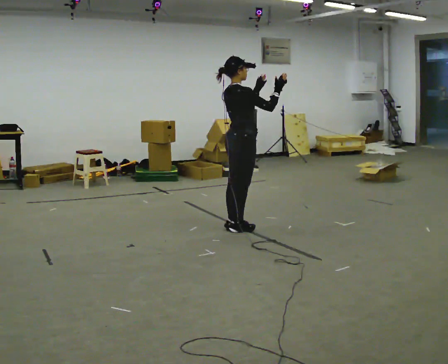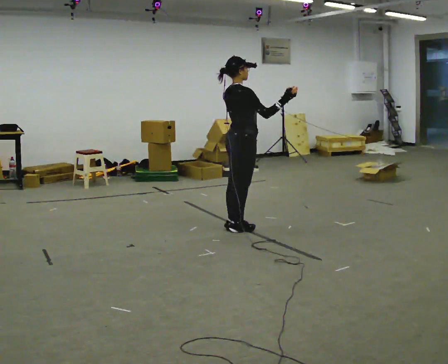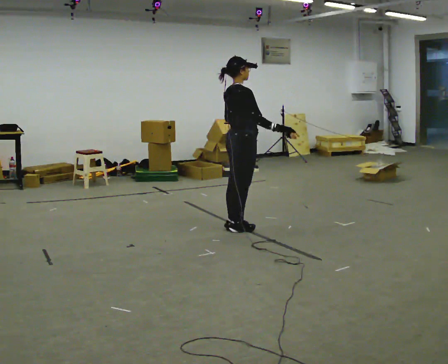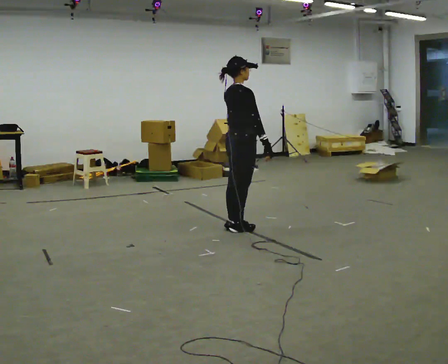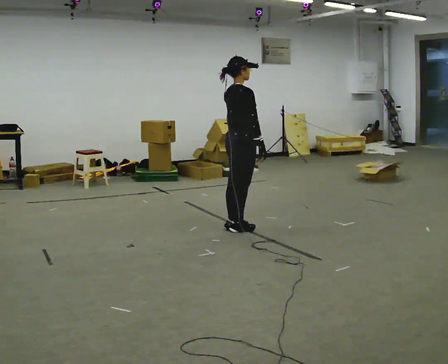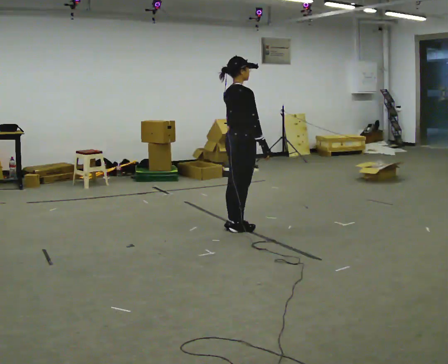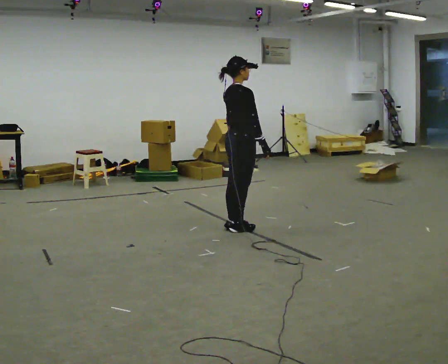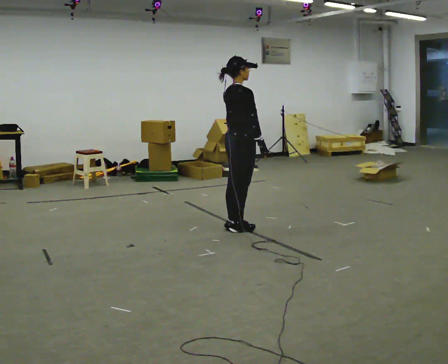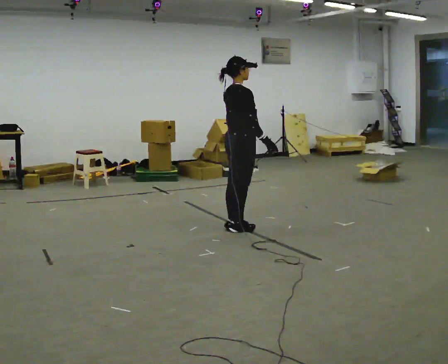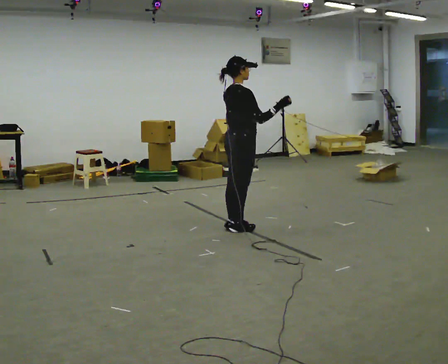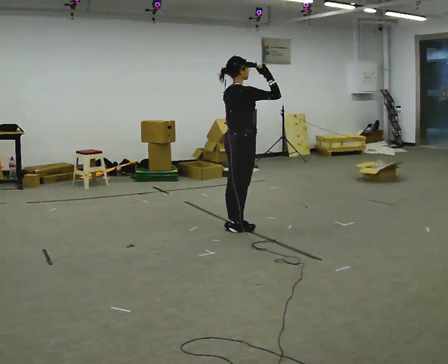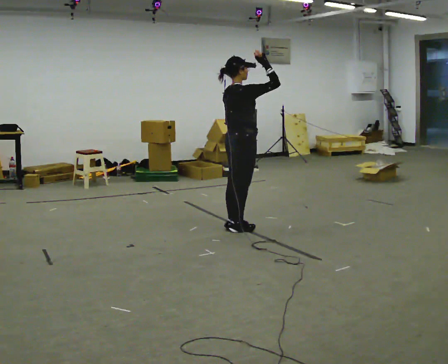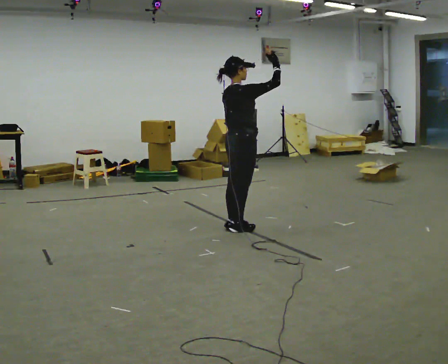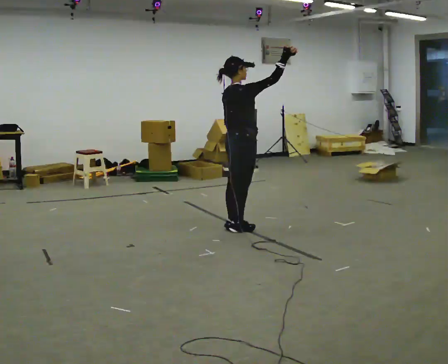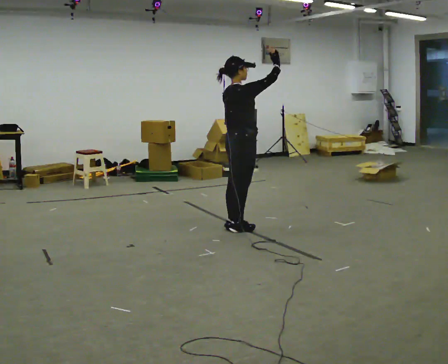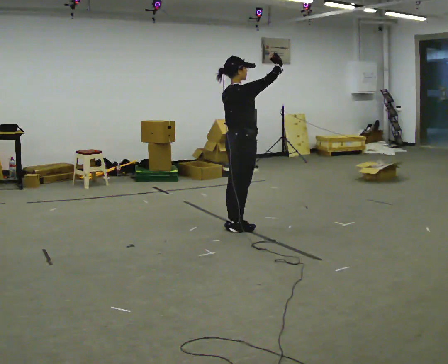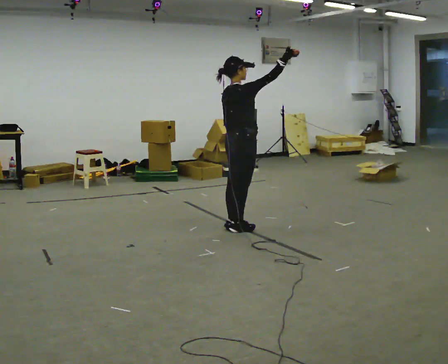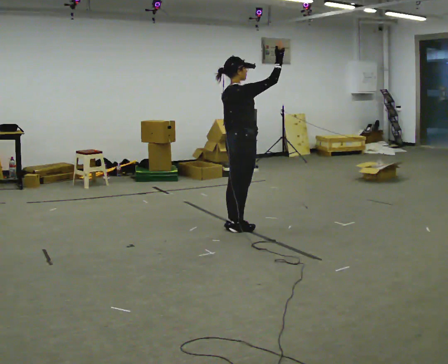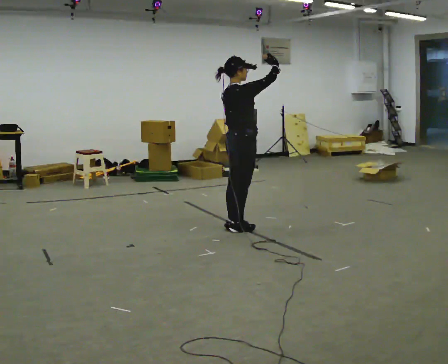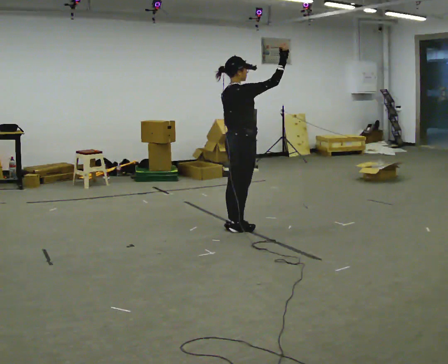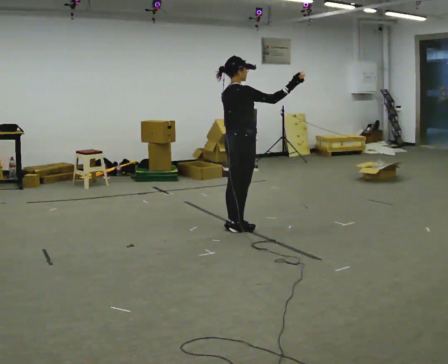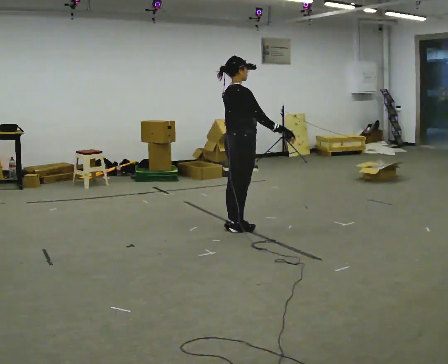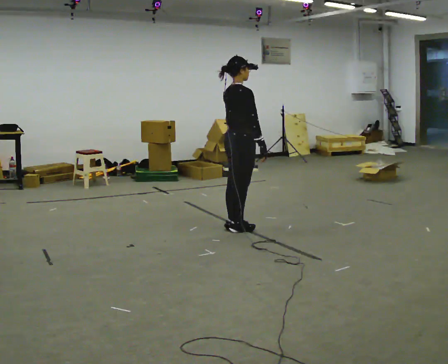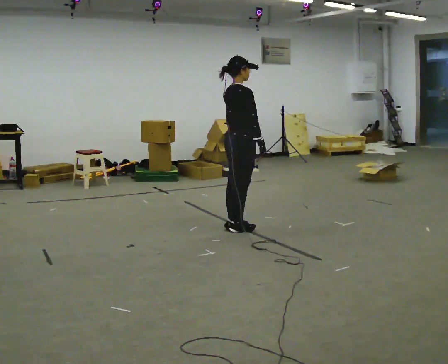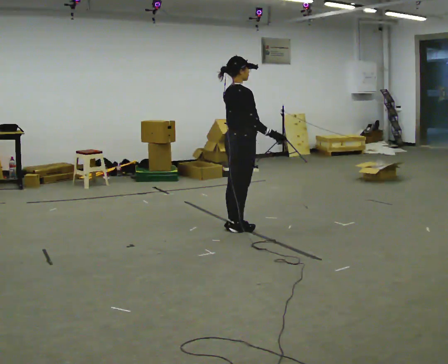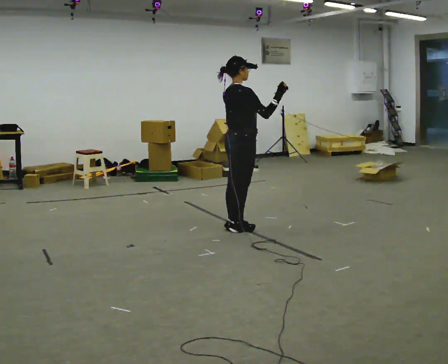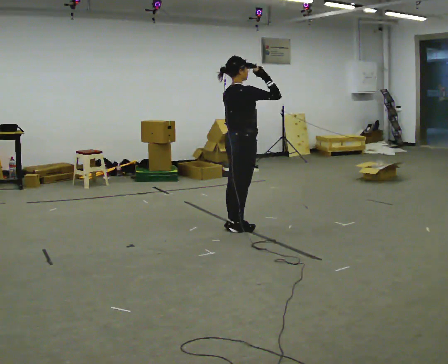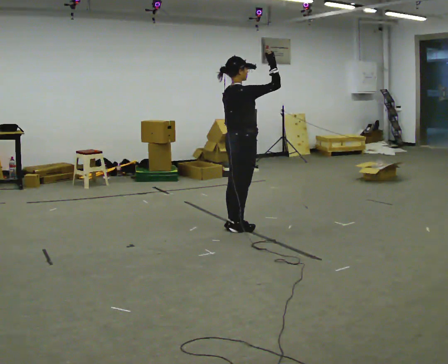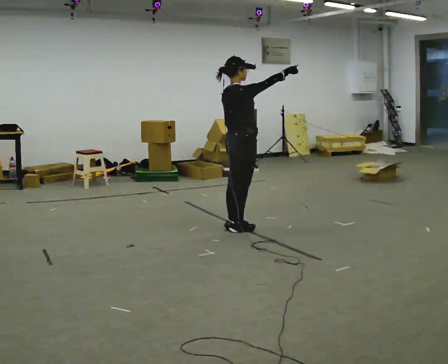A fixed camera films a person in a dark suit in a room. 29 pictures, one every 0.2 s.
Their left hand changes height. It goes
downward.
0.0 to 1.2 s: In the picture their left hand goes downward.
1.2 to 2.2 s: In the picture their right hand goes upward, the arm swinging counterclockwise.
2.2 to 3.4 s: The person moves a little, or ends about where they began.
3.4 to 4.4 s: In the picture their right hand goes downward, the arm swinging clockwise.
4.4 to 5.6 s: In the picture their right hand goes upward.
The film runs forward here.
